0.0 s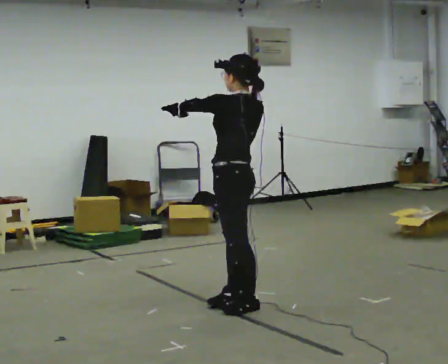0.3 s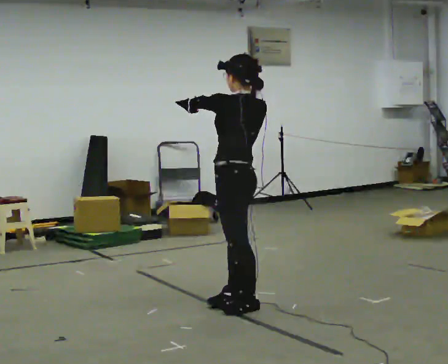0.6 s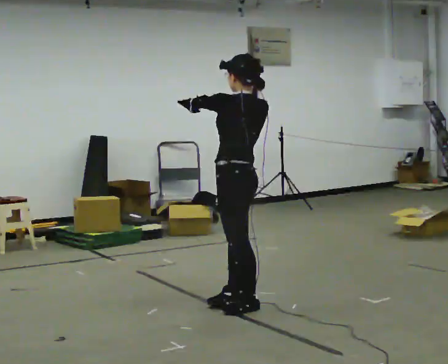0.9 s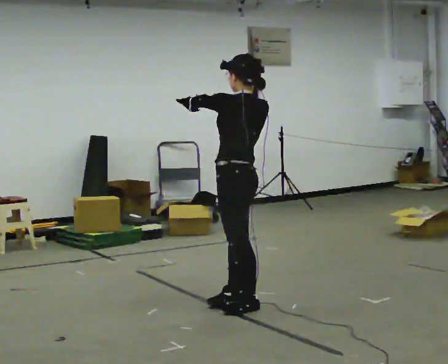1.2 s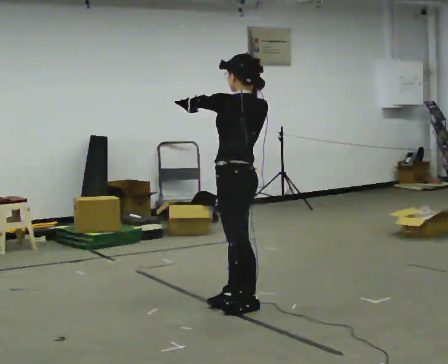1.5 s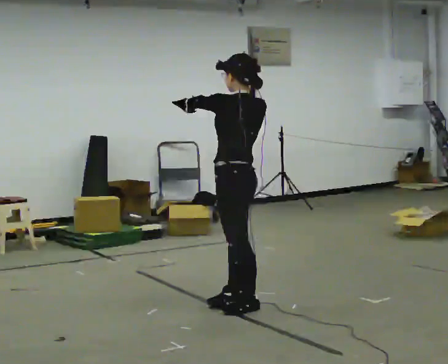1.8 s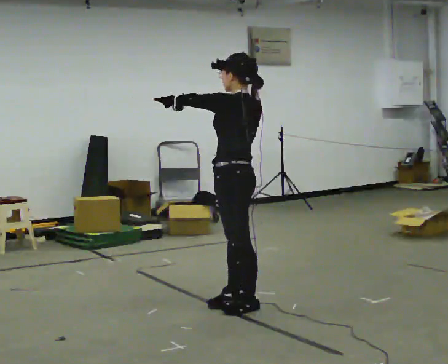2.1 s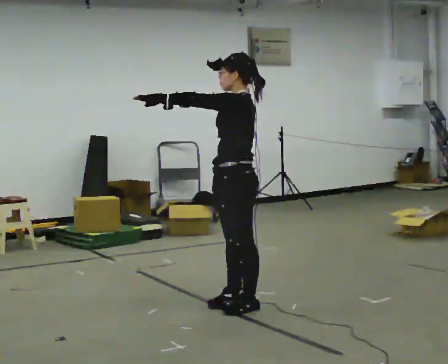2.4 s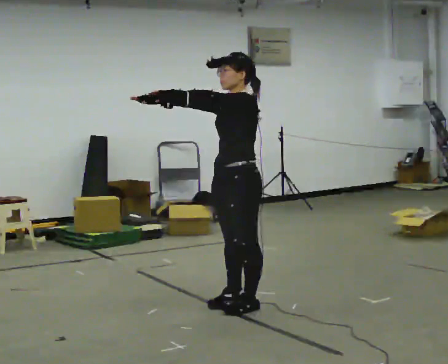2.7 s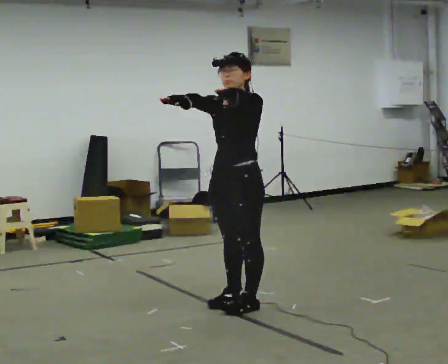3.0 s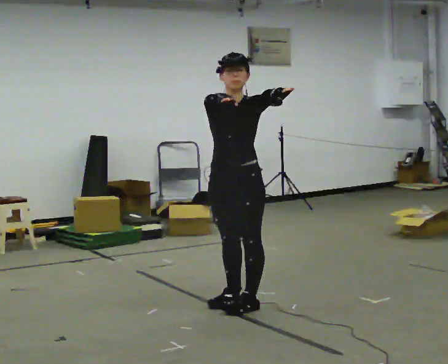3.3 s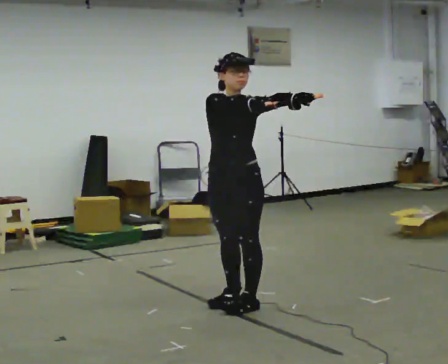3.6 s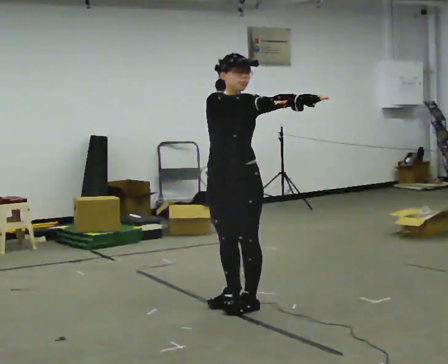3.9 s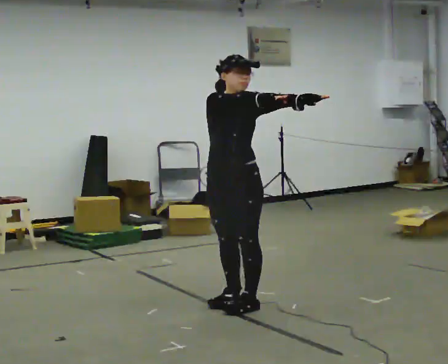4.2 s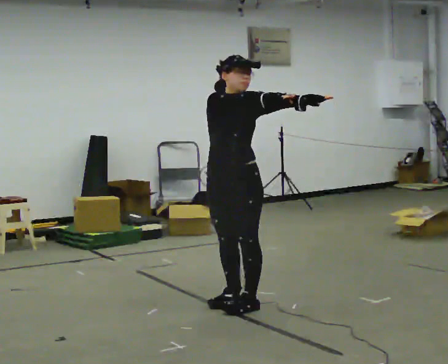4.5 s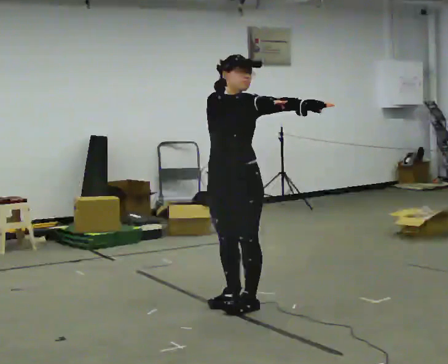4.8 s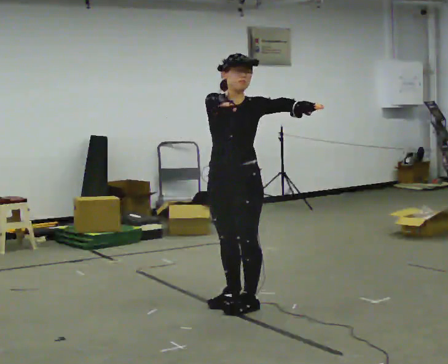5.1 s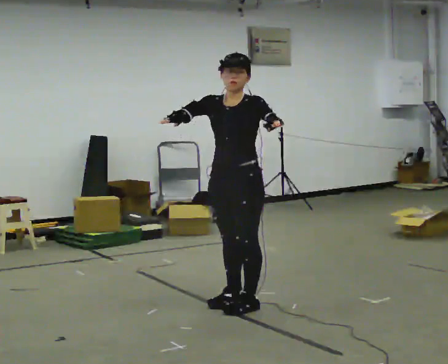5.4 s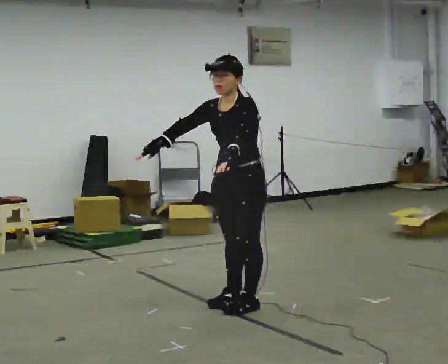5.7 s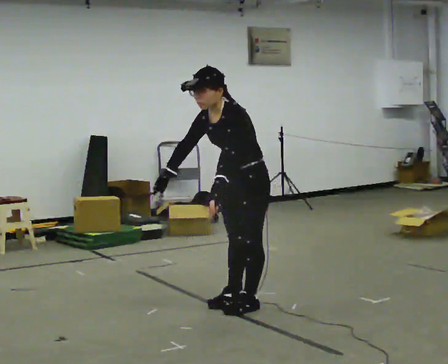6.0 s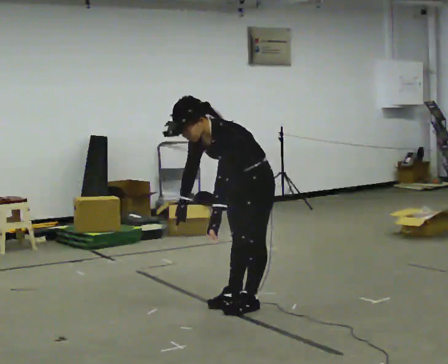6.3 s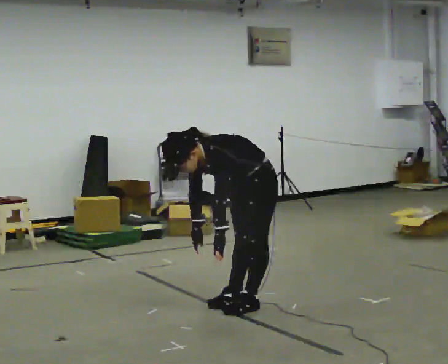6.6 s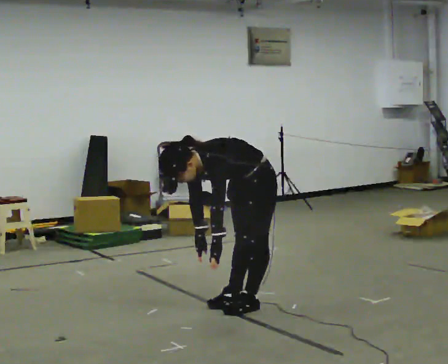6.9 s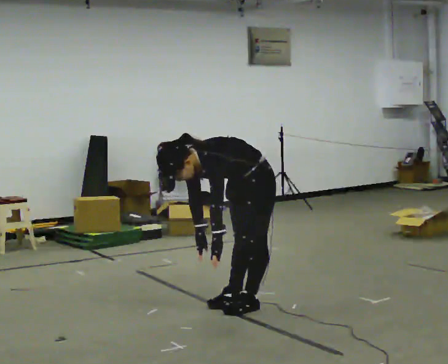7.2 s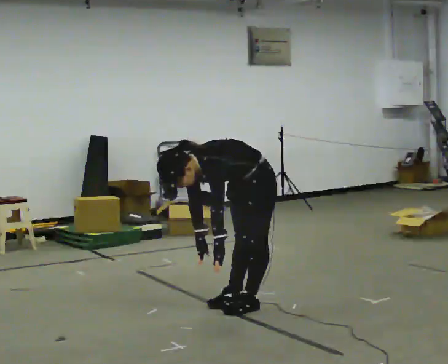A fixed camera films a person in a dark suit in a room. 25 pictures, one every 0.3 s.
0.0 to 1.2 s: The person moves a little, or ends about where they began.
1.2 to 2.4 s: The part of the body nearest the lens slides to the right as the person turns to their left by about 45 degrees. In the picture their right hand goes to the left.
2.4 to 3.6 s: The person turns about 60 degrees to their left, counterclockwise seen from above, so the part of the body nearest the lens slides to the right. In the picture their right hand goes to the right.
3.6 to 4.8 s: The person moves a little, or ends about where they began.
4.8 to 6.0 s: The part of the body nearest the lens slides to the left as the person turns to their right by about 45 degrees. The upper body goes downward. In the picture the upper body tilts counterclockwise, shoulders to the left, as they bend forward. In the picture their right hand goes downward.
6.0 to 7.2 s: The upper body goes downward. In the picture the upper body tilts counterclockwise, shoulders to the left, as they bend forward.
The film runs backward here.
